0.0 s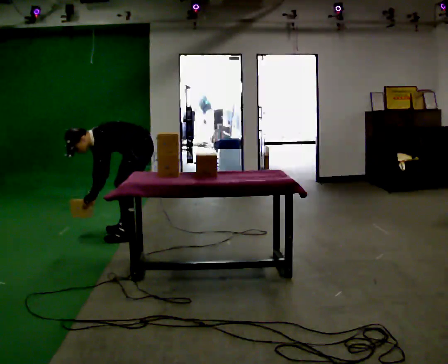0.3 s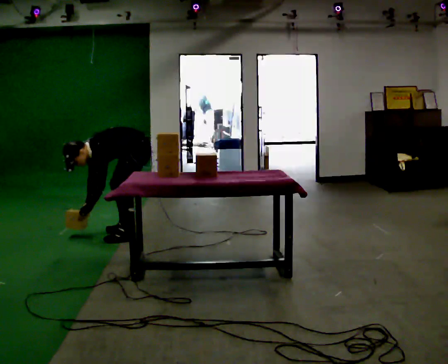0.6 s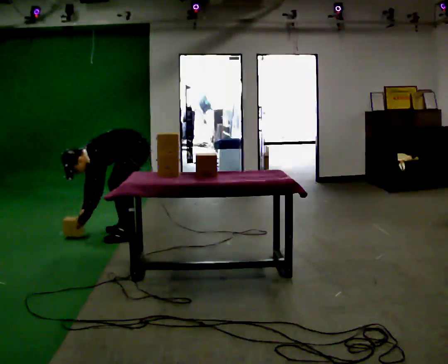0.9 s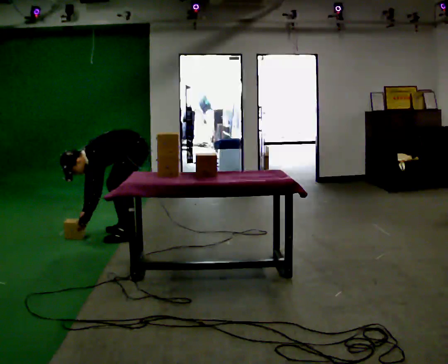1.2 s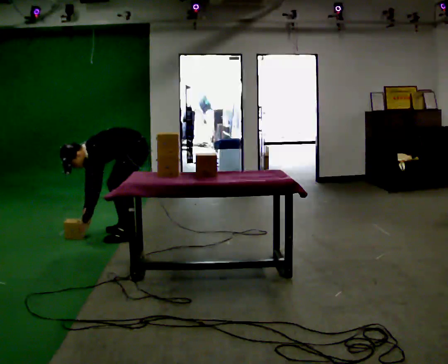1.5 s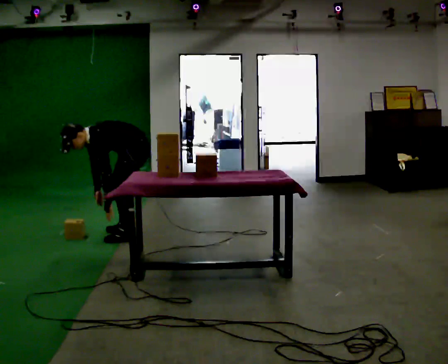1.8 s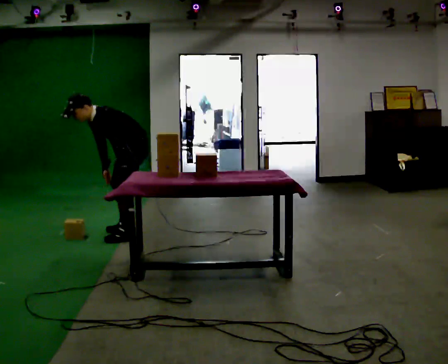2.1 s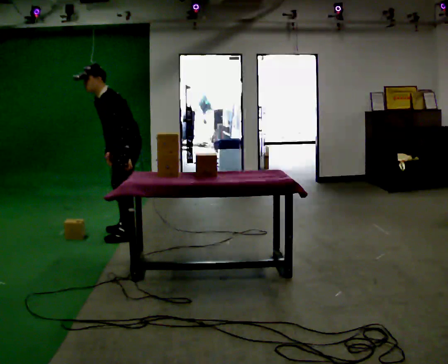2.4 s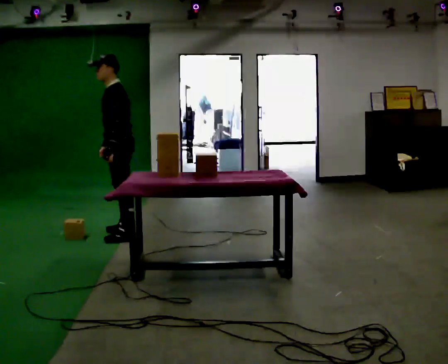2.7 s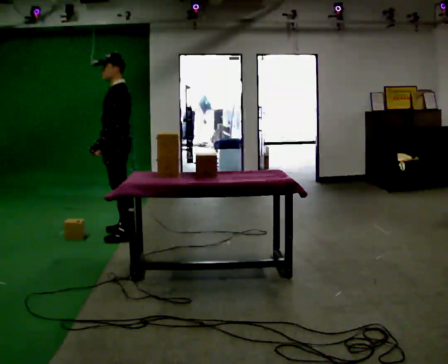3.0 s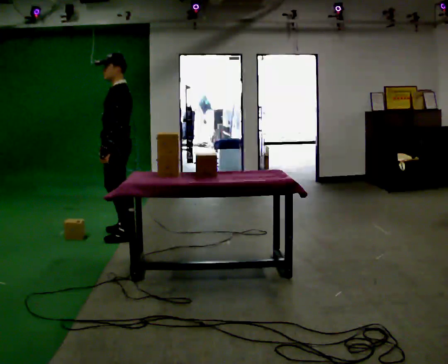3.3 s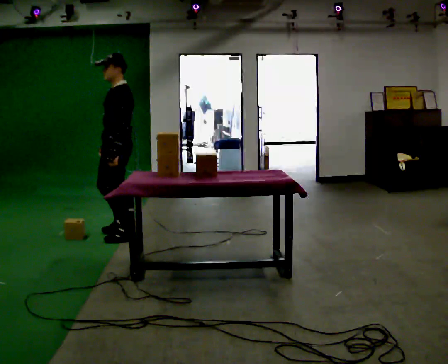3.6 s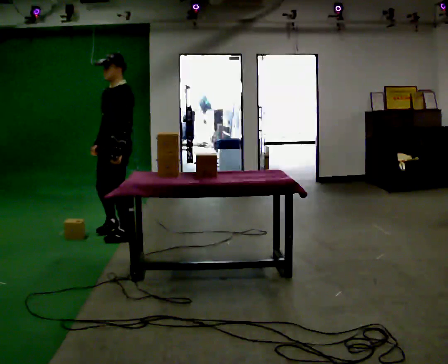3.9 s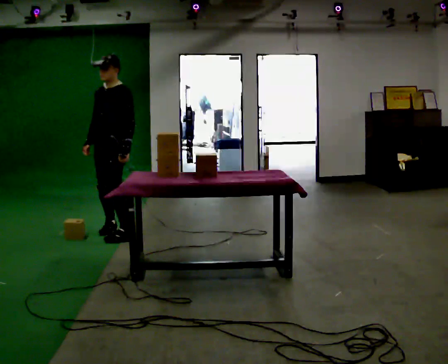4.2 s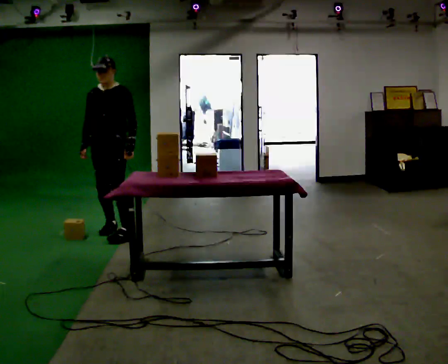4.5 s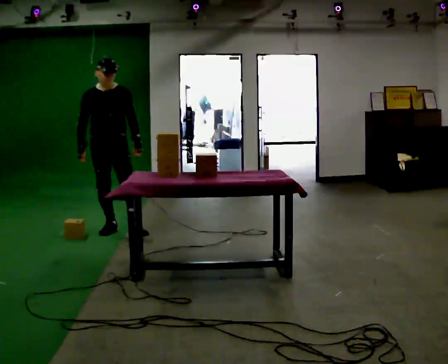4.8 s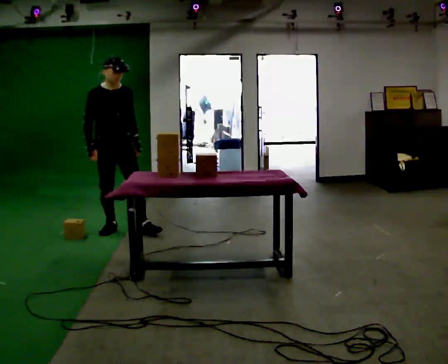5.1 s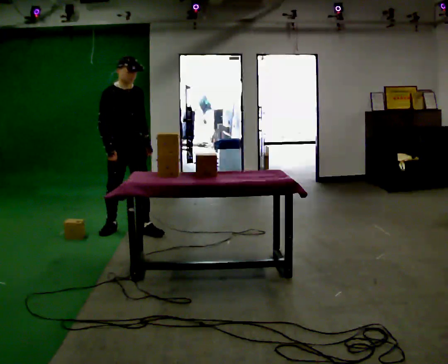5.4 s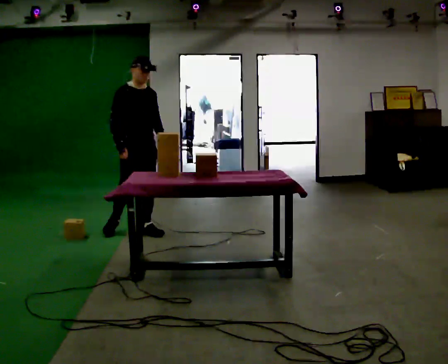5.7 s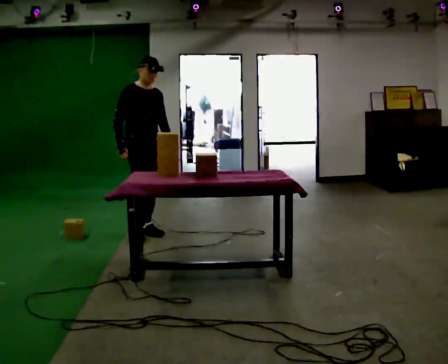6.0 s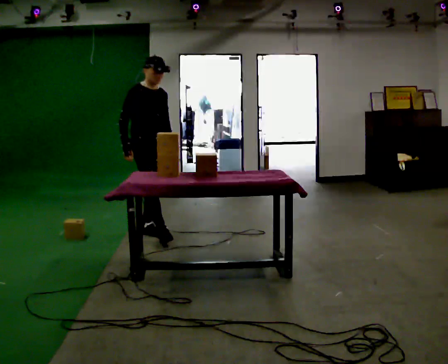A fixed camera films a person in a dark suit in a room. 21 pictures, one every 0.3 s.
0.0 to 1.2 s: The person moves a little, or ends about where they began.
1.2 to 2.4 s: The shoulders move upward. In the picture the upper body tilts clockwise, shoulders to the right, as they lean back or straighten. In the picture their left hand goes upward.
2.4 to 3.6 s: The person moves a little, or ends about where they began.
3.6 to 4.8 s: The part of the body nearest the lens slides to the right as the person turns to their left by about 90 degrees. In the picture they go away from the camera, about 0.25 m in 2 steps.
4.8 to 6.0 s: In the picture they go to the right and toward the camera, about 0.25 m in 1 step, which for them is forward and to their left.
The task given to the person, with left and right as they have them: Carry the object over and line it up with the mark on the surface as accurately as you can. Keep going until the operator says stop; one object at a time, and do not rush between trips.
The film runs forward here.
